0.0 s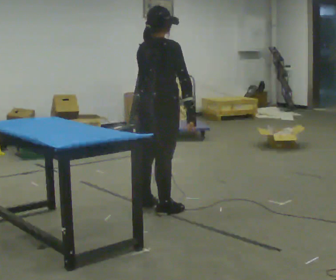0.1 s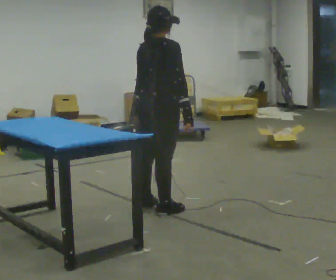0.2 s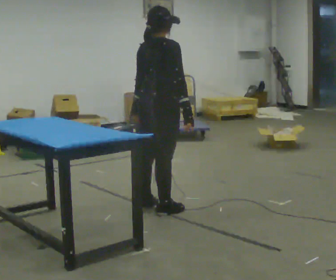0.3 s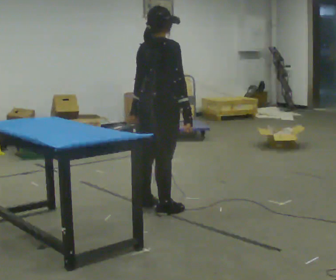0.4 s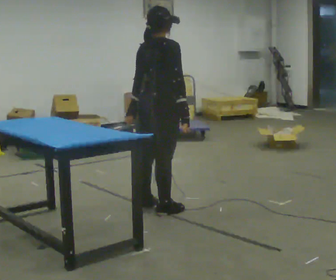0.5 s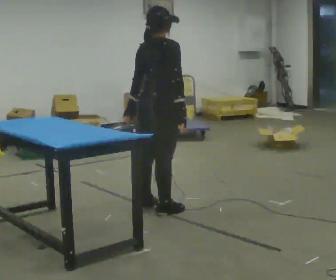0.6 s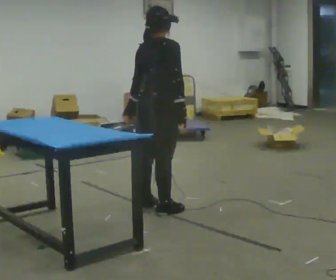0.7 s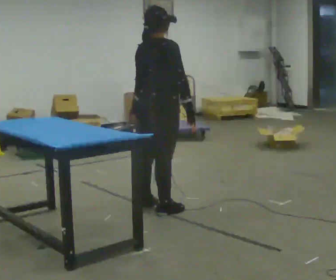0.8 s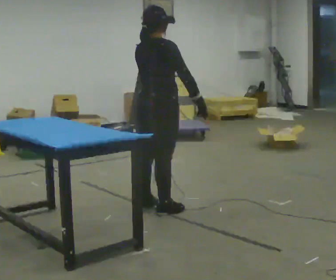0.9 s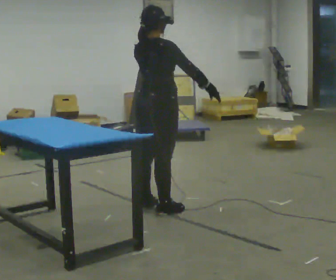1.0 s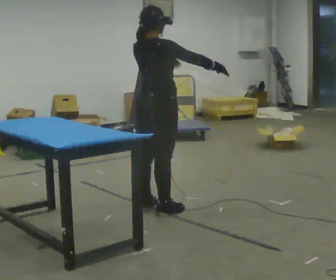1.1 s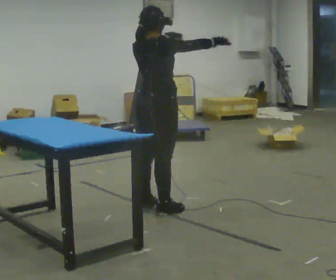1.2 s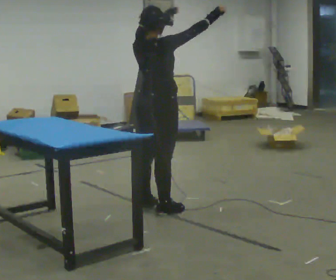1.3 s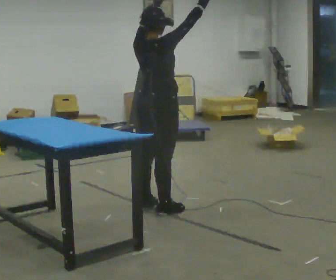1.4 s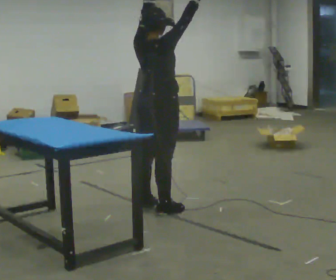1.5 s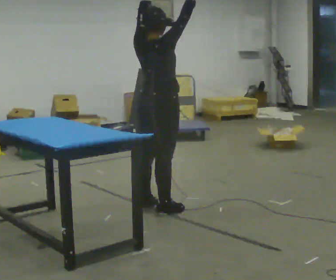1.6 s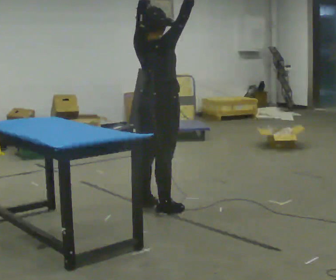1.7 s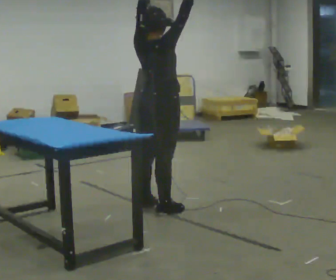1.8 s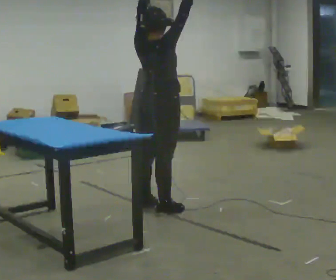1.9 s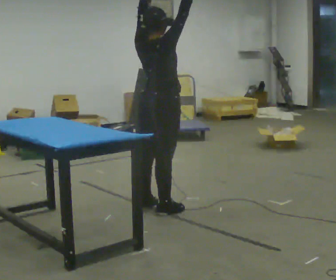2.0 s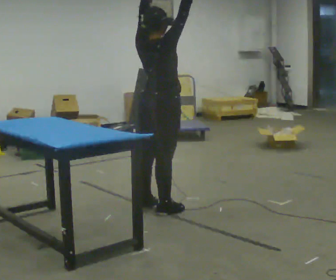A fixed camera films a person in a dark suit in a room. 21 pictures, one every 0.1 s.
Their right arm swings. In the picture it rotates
counterclockwise.
Their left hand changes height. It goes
upward.
0.0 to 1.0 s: The person moves a little, or ends about where they began.
1.0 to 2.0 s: In the picture their right hand goes upward, the arm swinging counterclockwise.
The film runs backward here.
